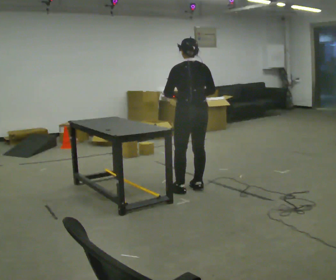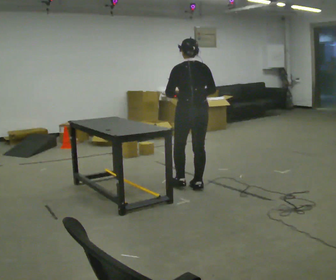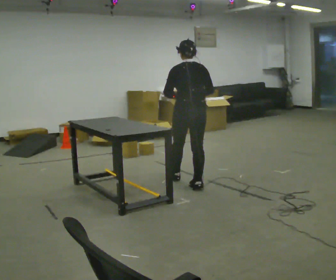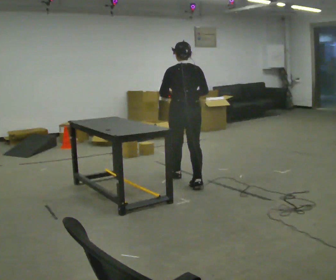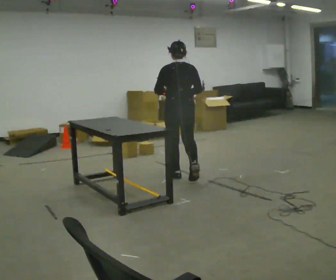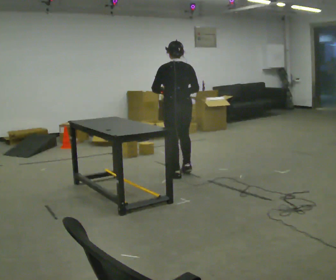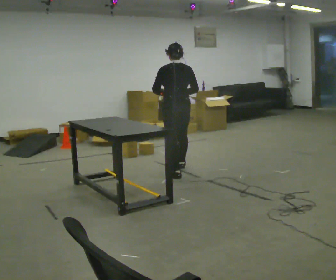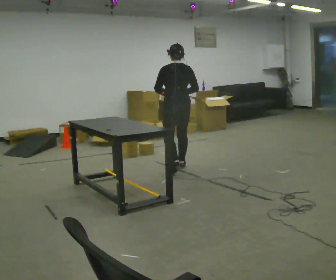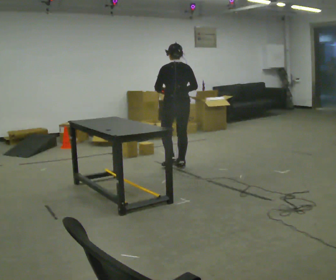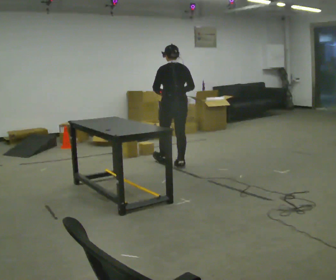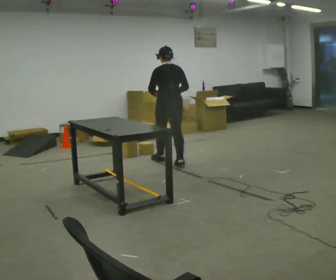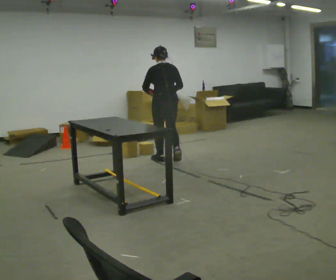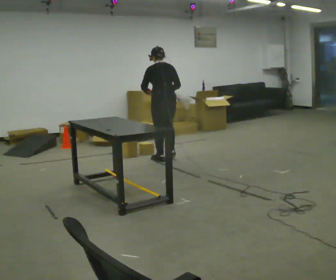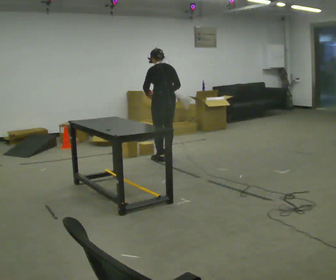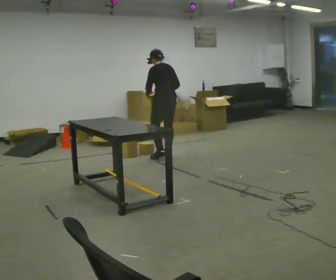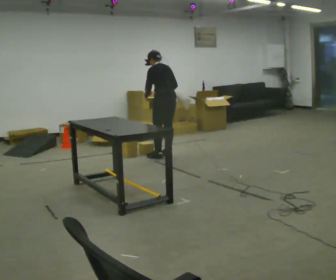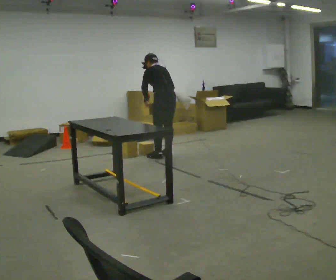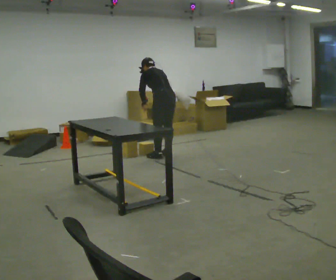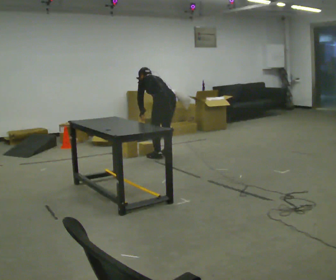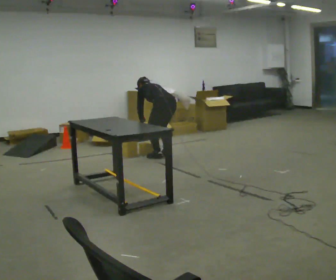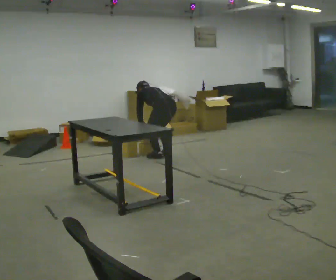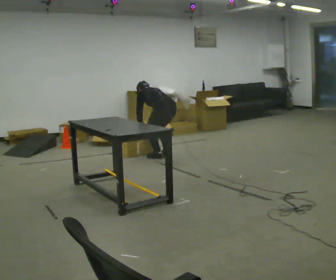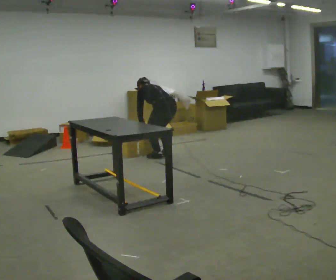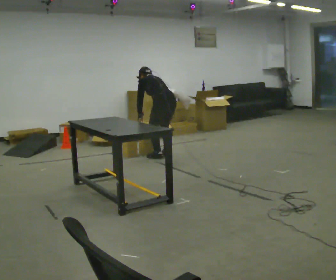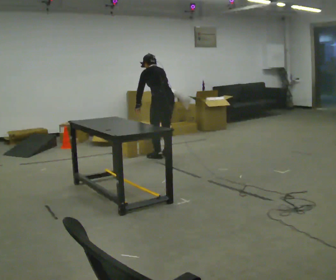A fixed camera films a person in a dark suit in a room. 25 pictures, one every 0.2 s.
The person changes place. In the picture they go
away from the camera.
0.0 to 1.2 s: In the picture they go away from the camera, about 0.75 m in 2 steps, which for them is forward.
1.2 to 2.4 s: In the picture they go away from the camera, about 0.75 m in 1 step, which for them is forward.
2.4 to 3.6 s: In the picture they go away from the camera, about 0.25 m in 2 steps. The shoulders move downward. The upper body tips away from the camera, its near side rolling upward, as they bend forward. In the picture their left hand goes downward.
3.6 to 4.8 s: The person moves a little, or ends about where they began.
The film runs forward here.
